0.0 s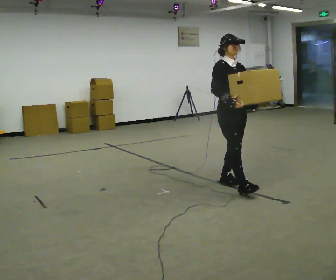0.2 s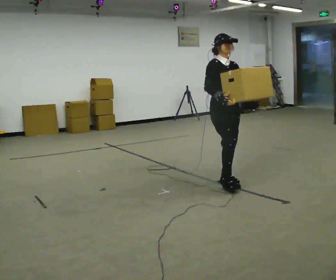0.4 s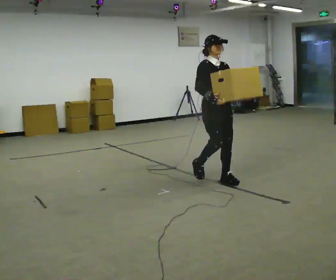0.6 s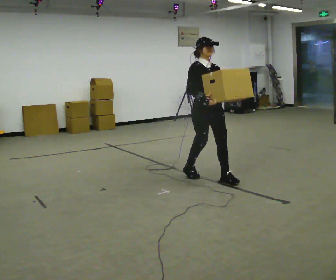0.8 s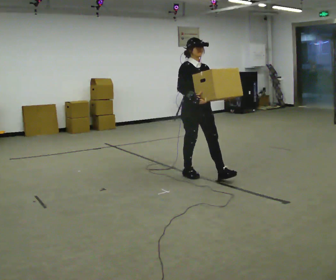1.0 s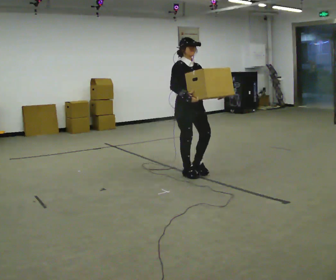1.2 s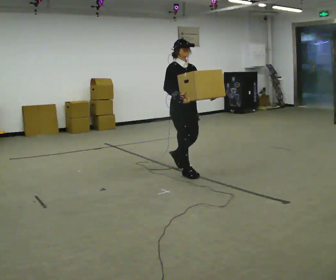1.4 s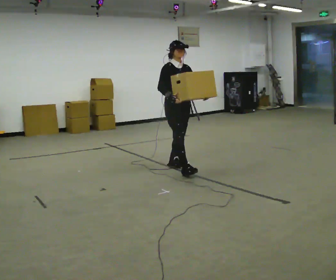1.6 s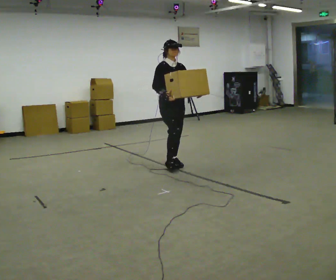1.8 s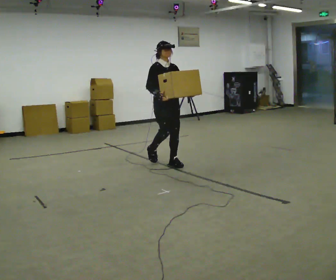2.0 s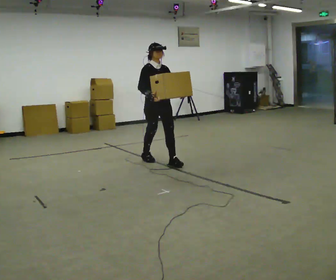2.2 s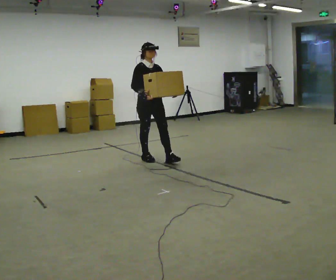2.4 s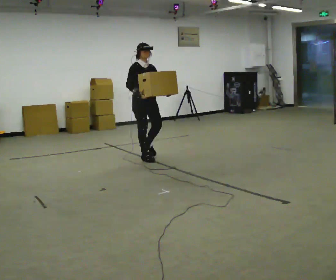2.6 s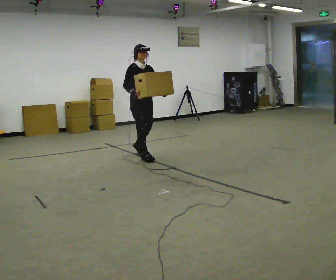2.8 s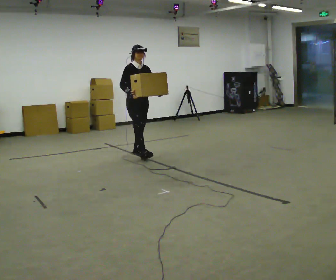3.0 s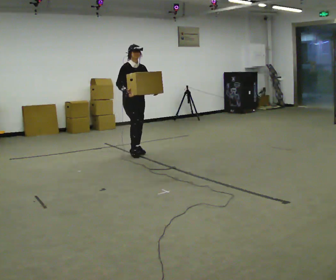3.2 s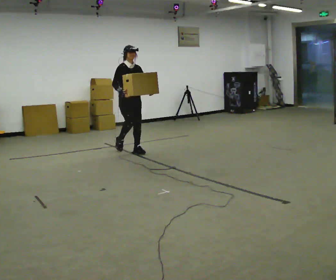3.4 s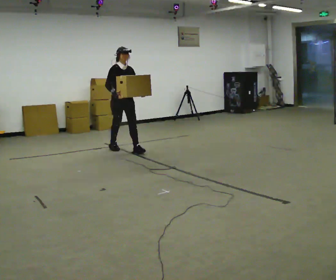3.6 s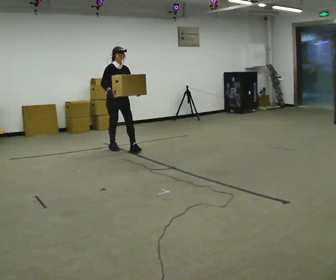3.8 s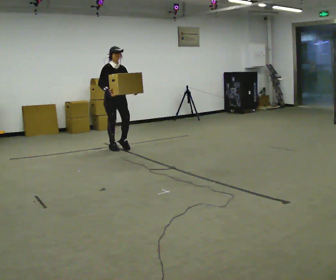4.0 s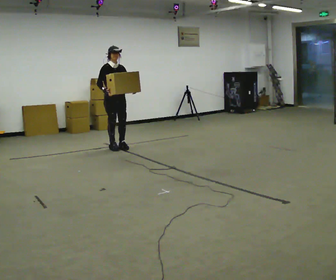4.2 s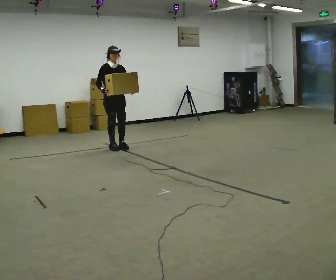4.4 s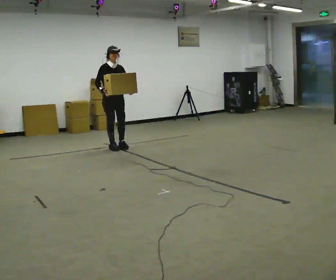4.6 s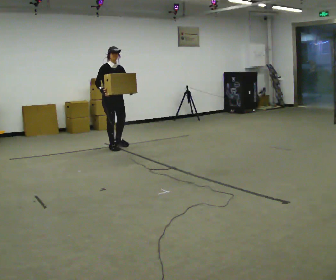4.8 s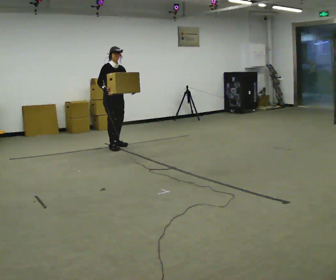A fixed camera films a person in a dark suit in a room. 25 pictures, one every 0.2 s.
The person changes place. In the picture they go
away from the camera.
0.0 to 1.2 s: In the picture they go away from the camera and to the left, about 1 m in 2 steps, which for them is backward.
1.2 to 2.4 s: In the picture they go away from the camera and to the left, about 1 m in 2 steps, which for them is backward.
2.4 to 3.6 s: In the picture they go away from the camera and to the left, about 0.5 m in 2 steps, which for them is backward.
3.6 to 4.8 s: In the picture they go away from the camera, about 0.25 m, which for them is backward.
The film runs backward here.
